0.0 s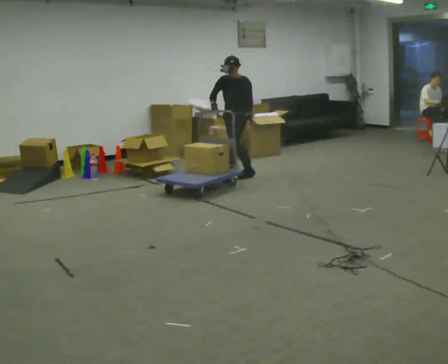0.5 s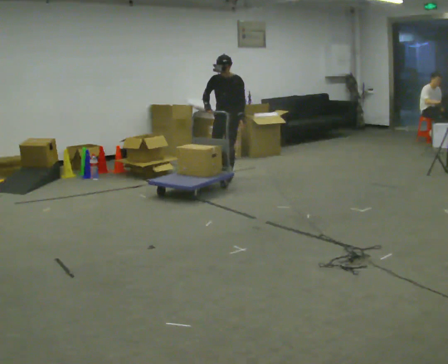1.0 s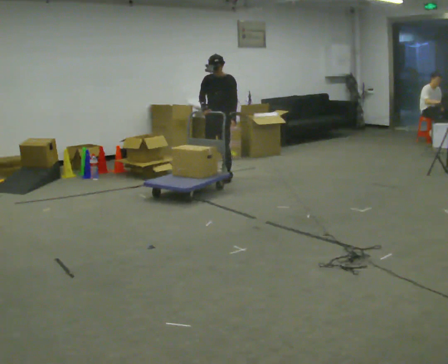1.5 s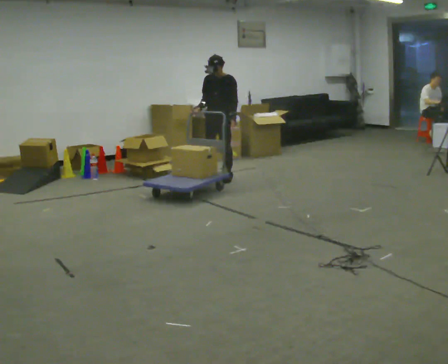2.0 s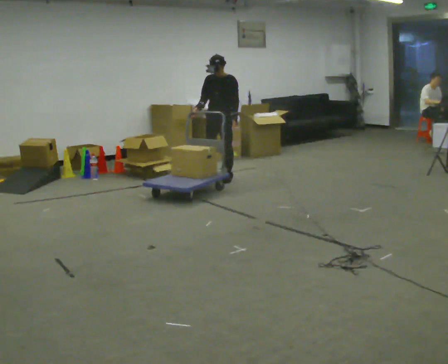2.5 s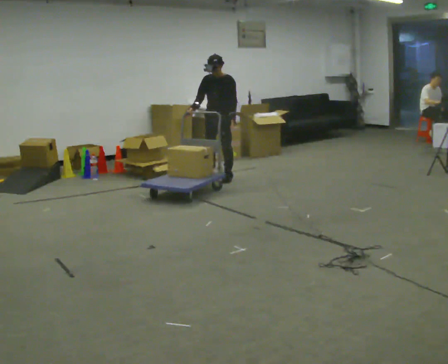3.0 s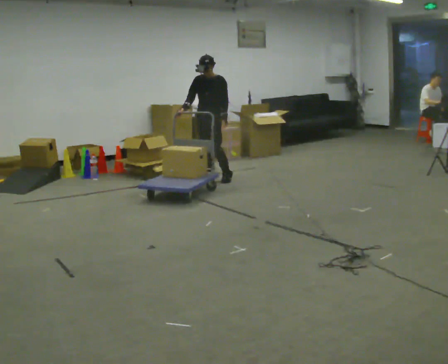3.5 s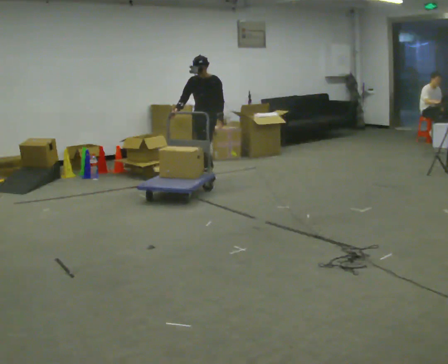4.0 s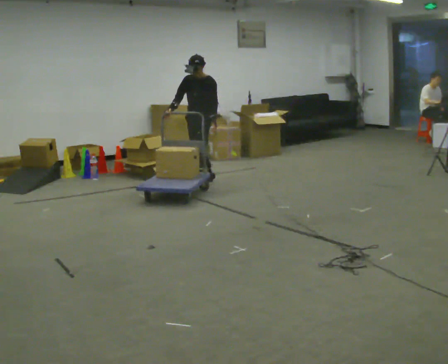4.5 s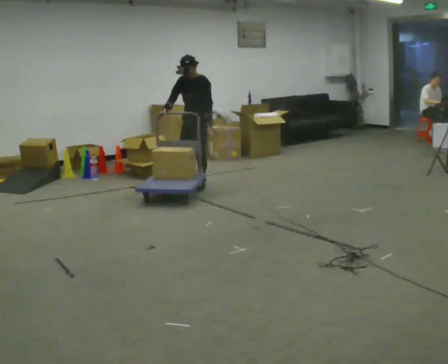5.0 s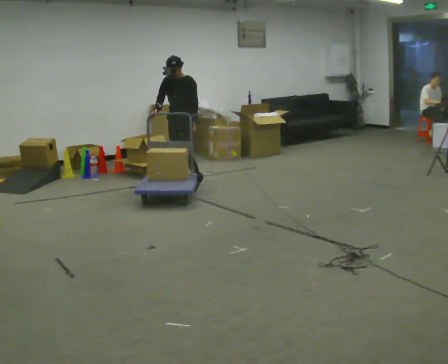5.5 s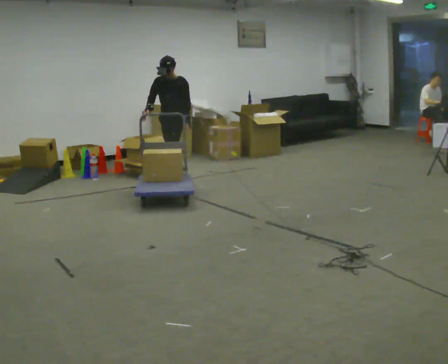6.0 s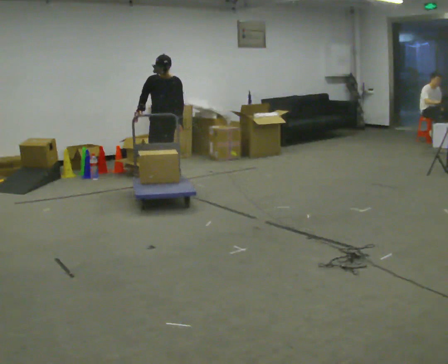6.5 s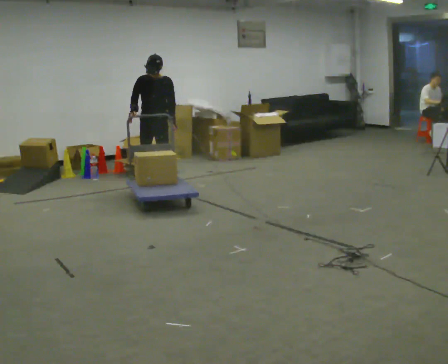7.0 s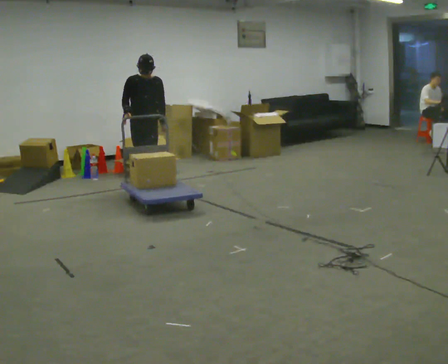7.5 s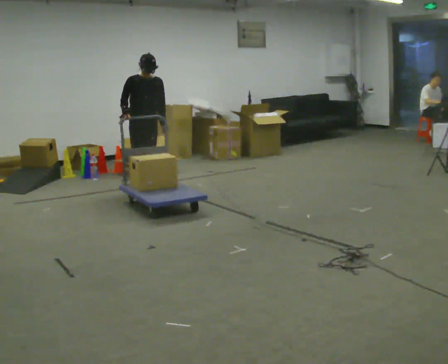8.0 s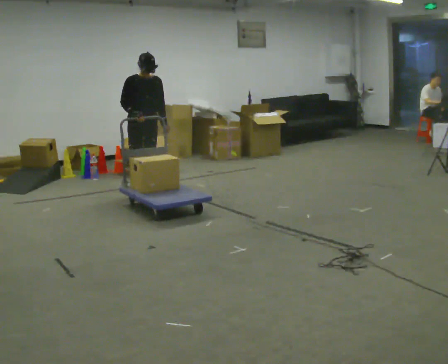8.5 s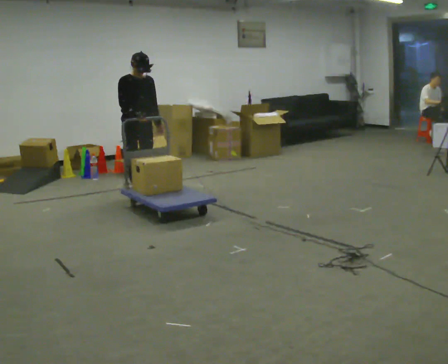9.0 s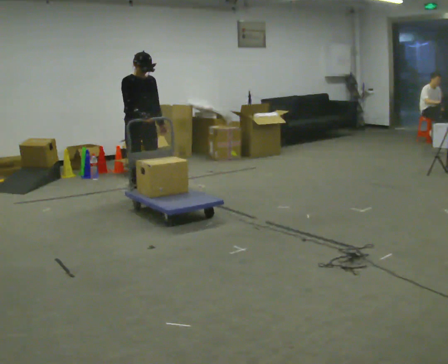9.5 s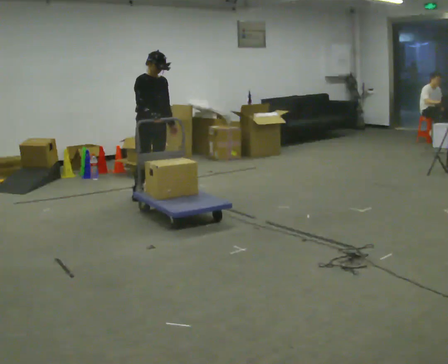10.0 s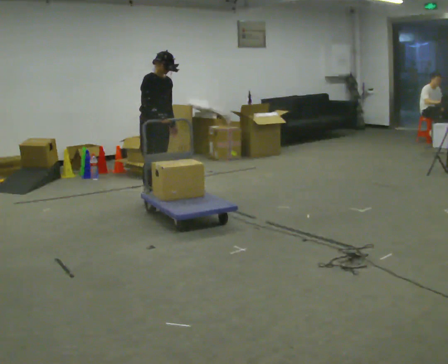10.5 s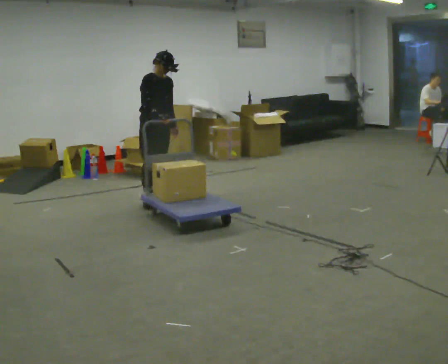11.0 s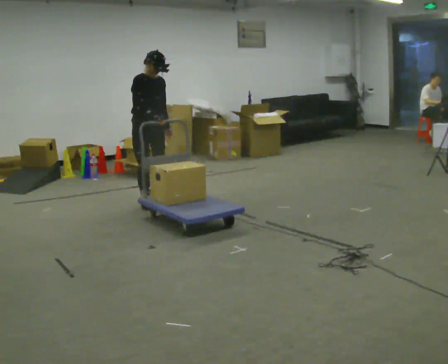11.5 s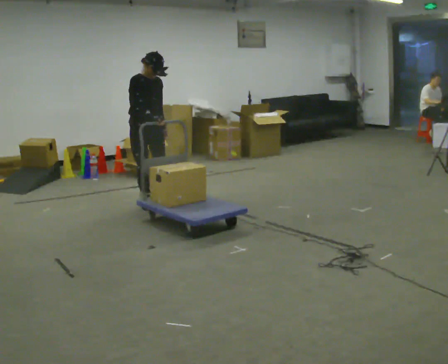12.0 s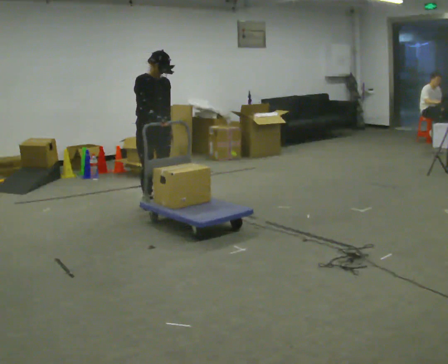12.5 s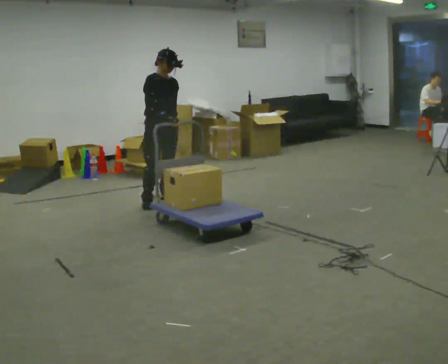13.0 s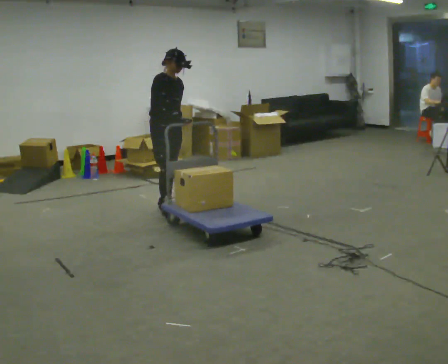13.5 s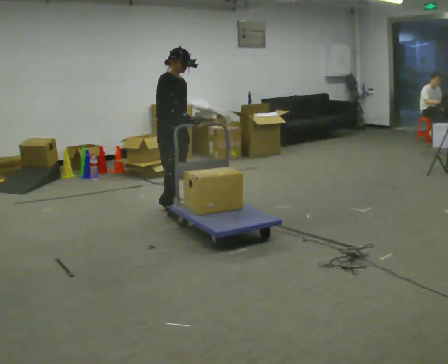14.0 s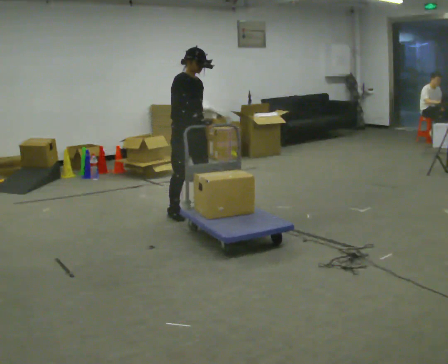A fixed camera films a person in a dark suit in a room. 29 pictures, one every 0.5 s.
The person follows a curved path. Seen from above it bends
counterclockwise.
The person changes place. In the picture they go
toward the camera.
0.0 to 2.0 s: In the picture they go to the left, about 0.25 m in 1 step, which for them is forward.
2.0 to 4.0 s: In the picture they go to the left, about 0.25 m in 1 step, which for them is forward and to their right.
4.0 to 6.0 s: In the picture they go to the left, about 0.5 m in 2 steps, which for them is forward and to their right.
6.0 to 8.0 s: Seen from above the body turns counterclockwise, about 45 degrees: to their left, with its near side sliding to the right. In the picture they go toward the camera and to the left, about 0.5 m in 2 steps, which for them is forward and to their right.
8.0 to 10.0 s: The part of the body nearest the lens slides to the right as the person turns to their left by about 30 degrees. In the picture they go toward the camera, about 0.25 m in 2 steps, which for them is forward.
10.0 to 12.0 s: In the picture they go toward the camera, about 0.25 m in 2 steps, which for them is forward and to their right.
12.0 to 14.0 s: In the picture they go toward the camera and to the right, about 0.5 m in 2 steps, which for them is forward.
The film runs forward here.
